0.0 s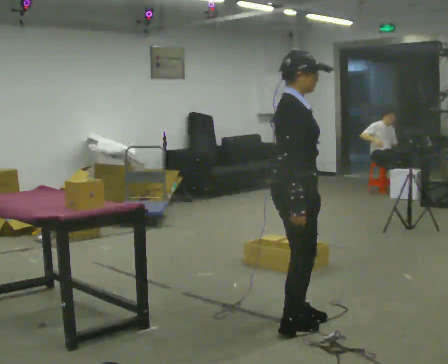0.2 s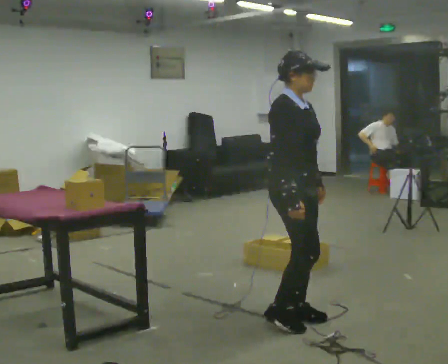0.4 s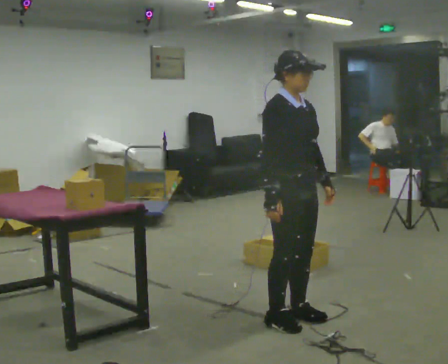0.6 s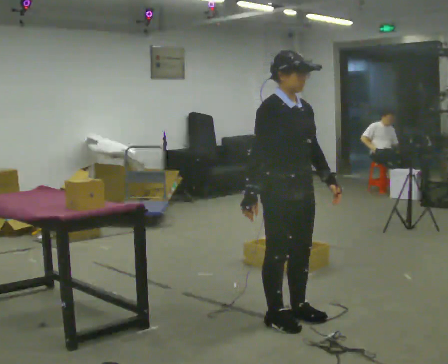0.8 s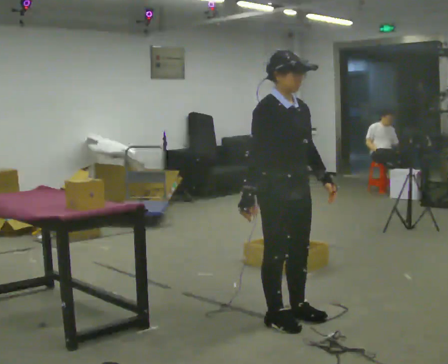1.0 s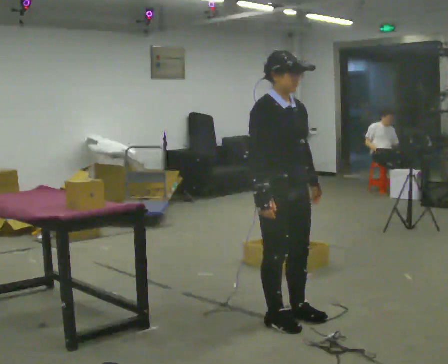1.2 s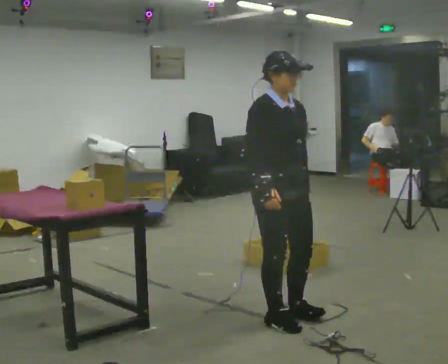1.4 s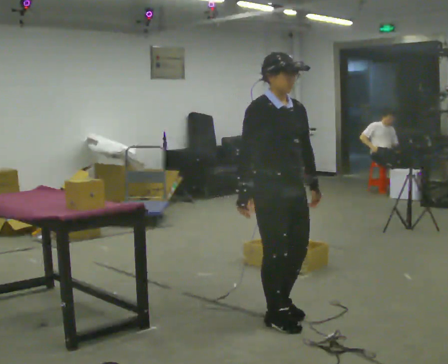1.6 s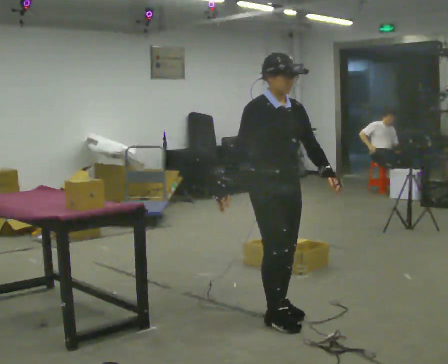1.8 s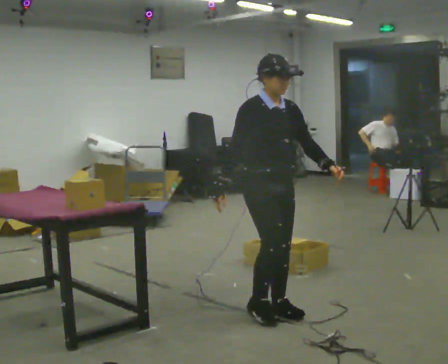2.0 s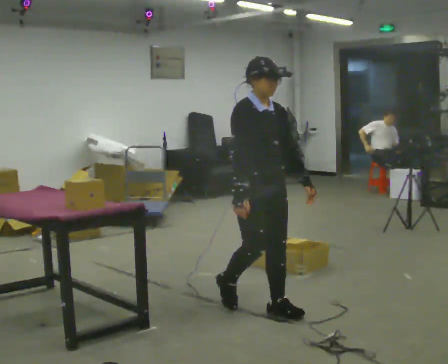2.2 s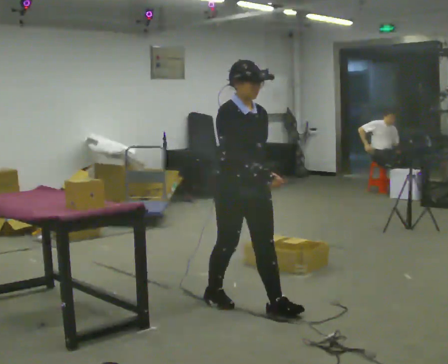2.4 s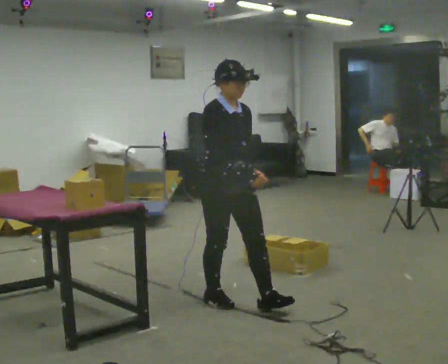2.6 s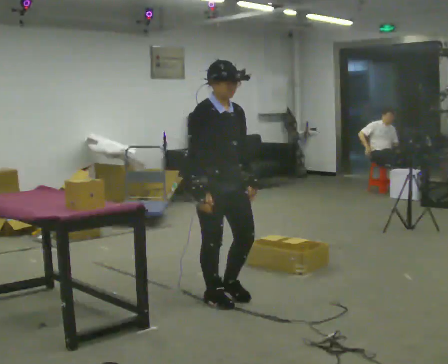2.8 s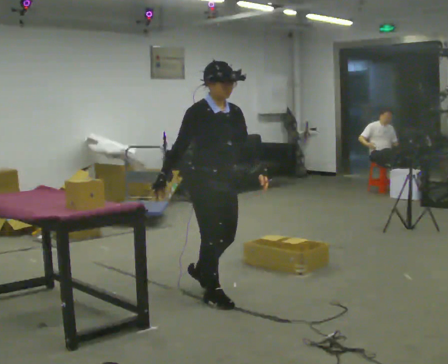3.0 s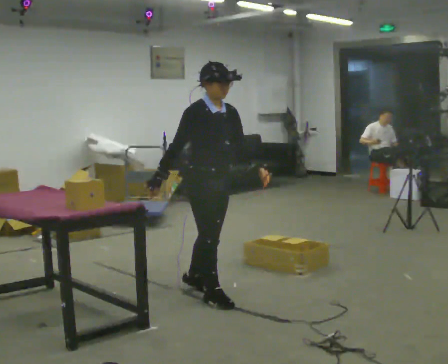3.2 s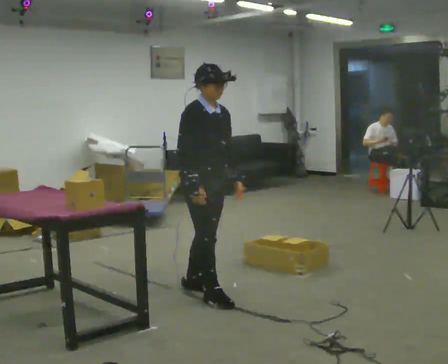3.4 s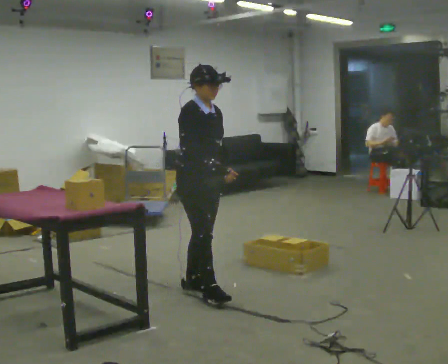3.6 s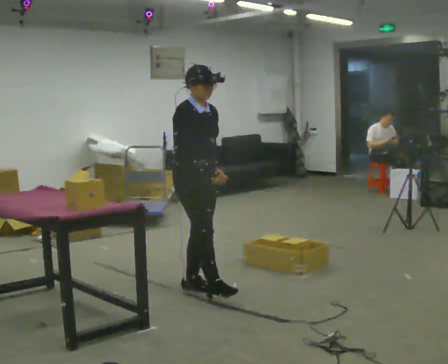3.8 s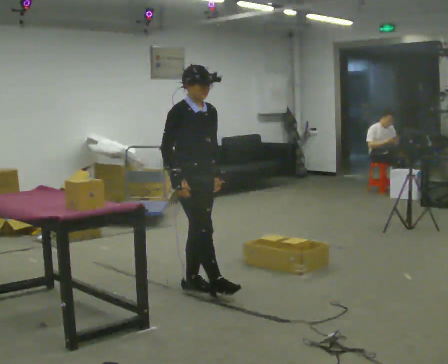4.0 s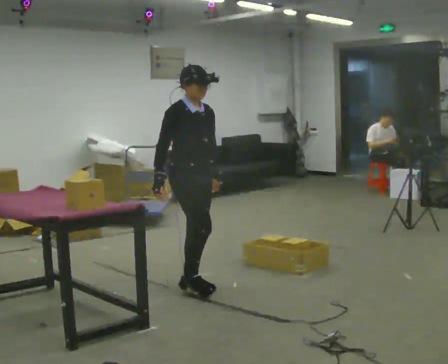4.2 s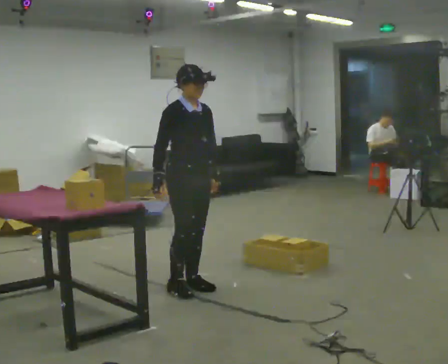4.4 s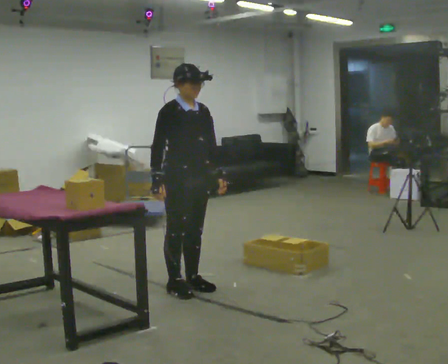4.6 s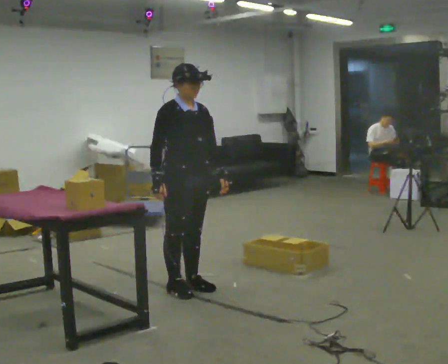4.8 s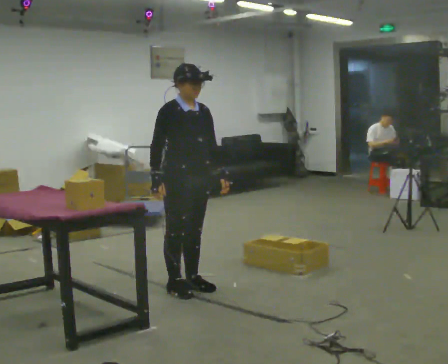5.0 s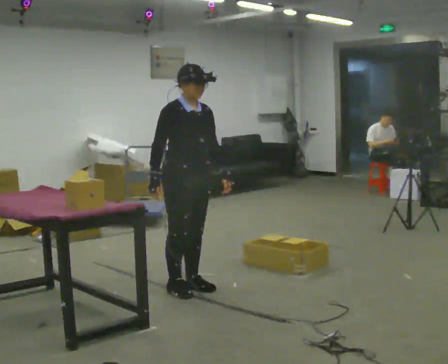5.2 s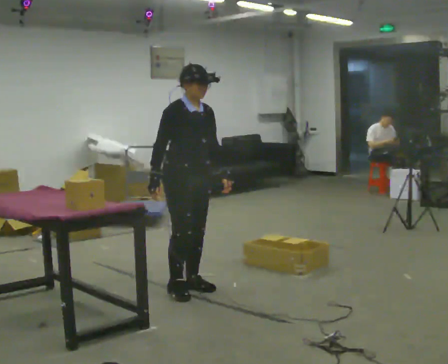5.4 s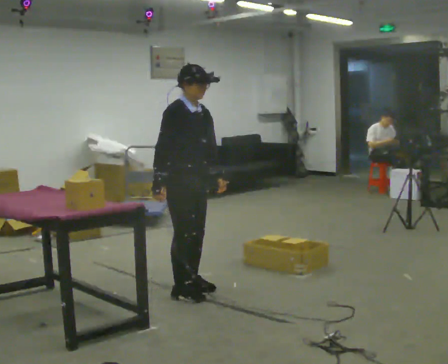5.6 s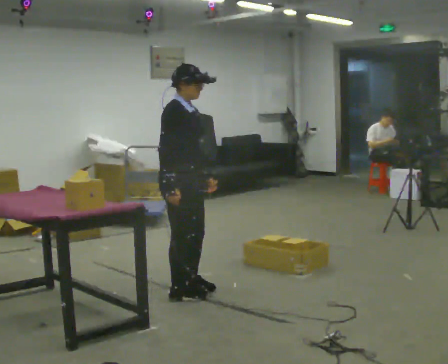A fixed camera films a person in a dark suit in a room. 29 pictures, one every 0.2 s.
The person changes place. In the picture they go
away from the camera.
0.0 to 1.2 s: The part of the body nearest the lens slides to the left as the person turns to their right by about 45 degrees.
1.2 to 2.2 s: In the picture they go away from the camera, about 0.25 m in 2 steps, which for them is backward.
2.2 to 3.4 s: In the picture they go away from the camera and to the left, about 0.5 m in 1 step, which for them is backward.
3.4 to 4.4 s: In the picture their right hand goes to the left.
4.4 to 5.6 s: The person moves a little, or ends about where they began.
The film runs backward here.
